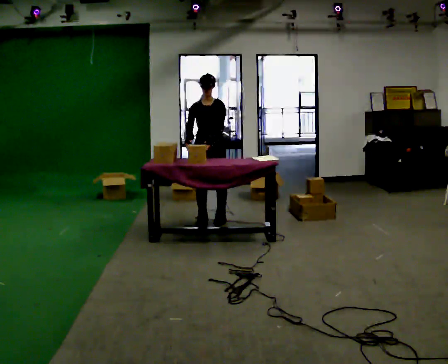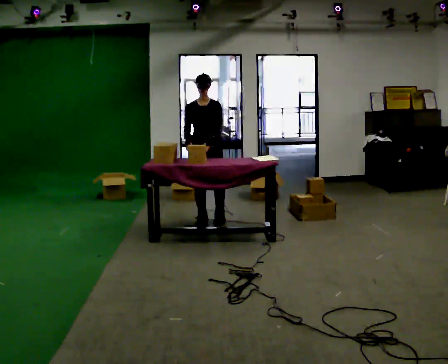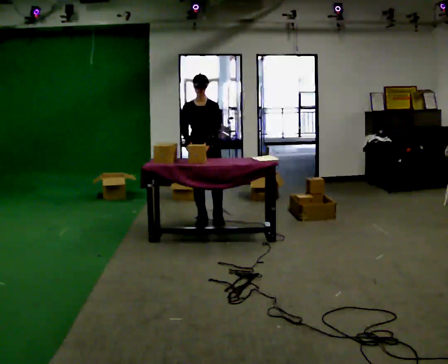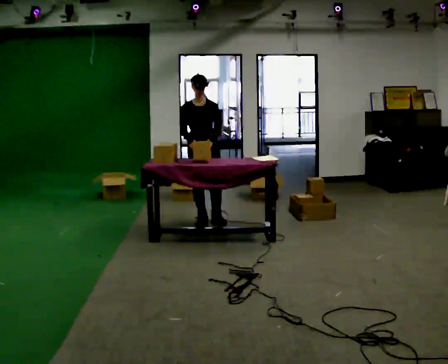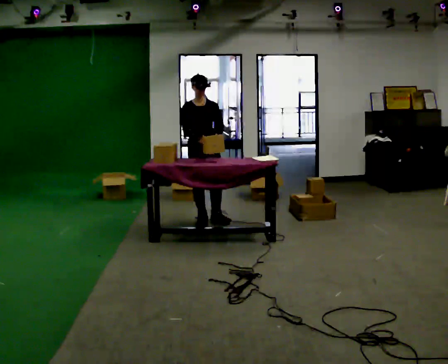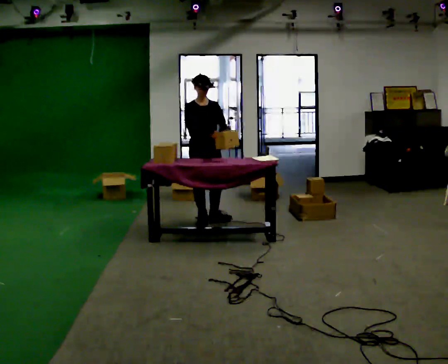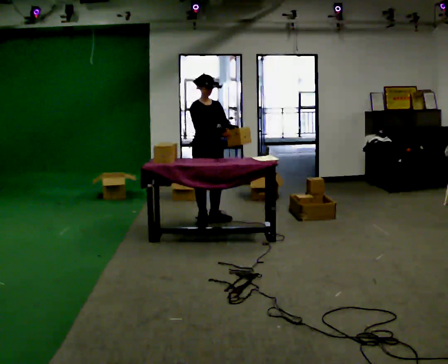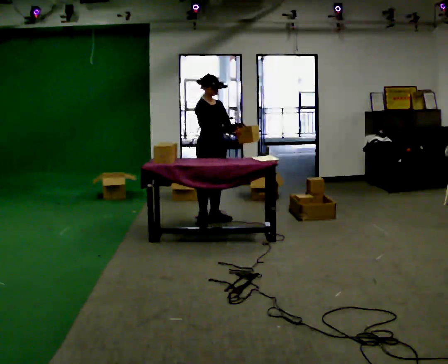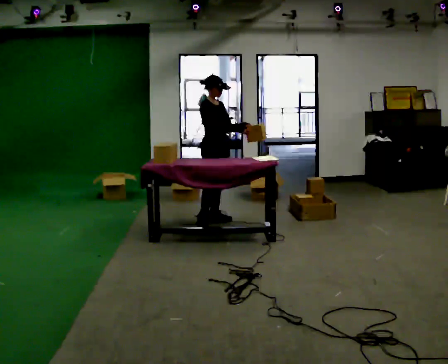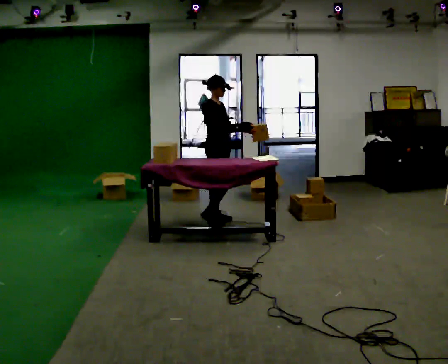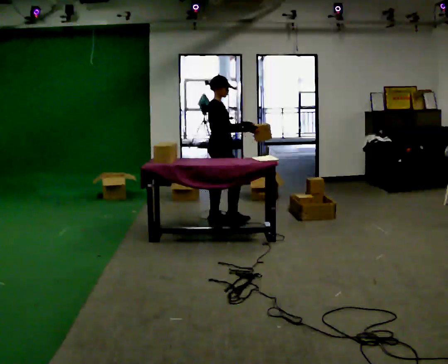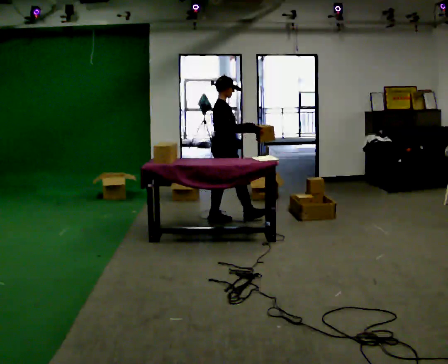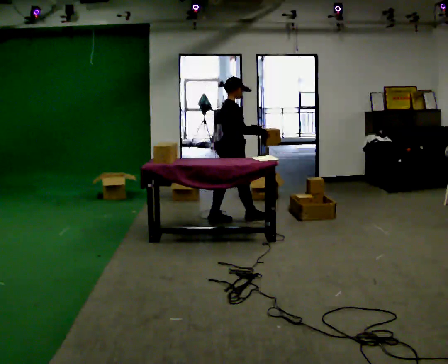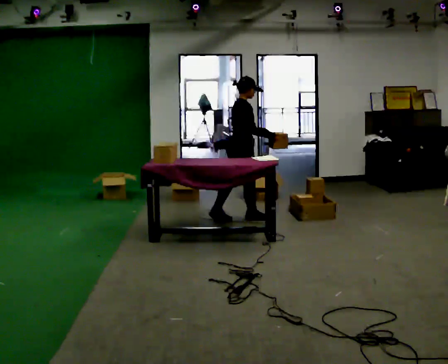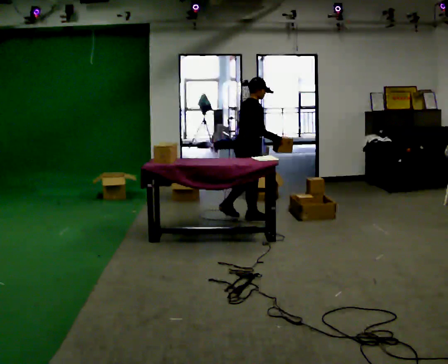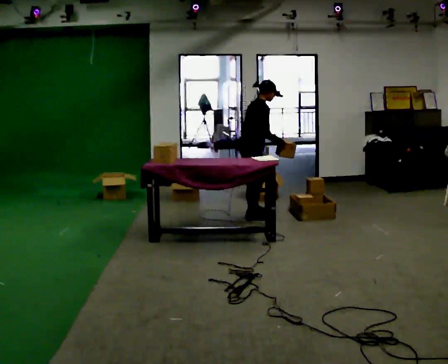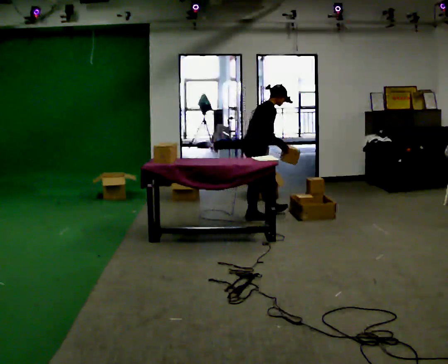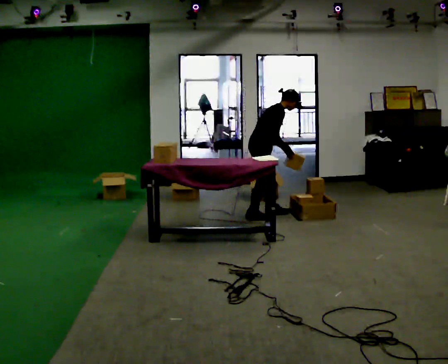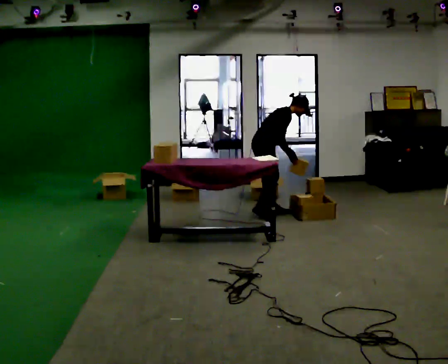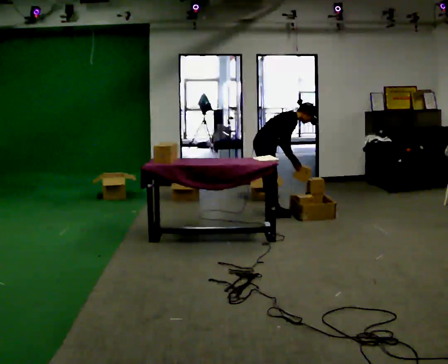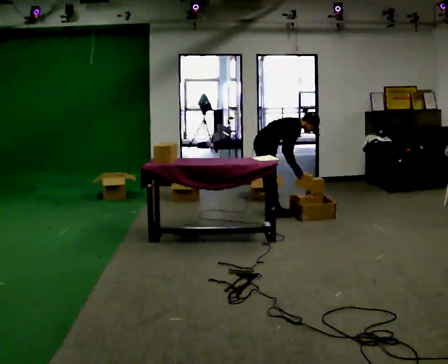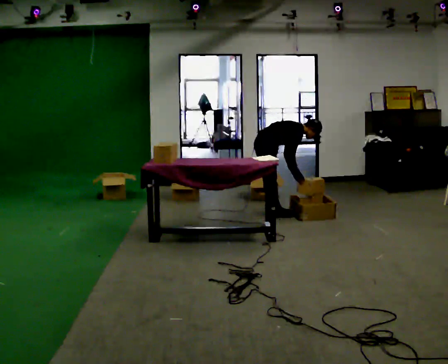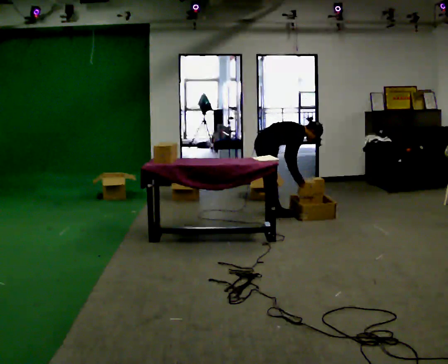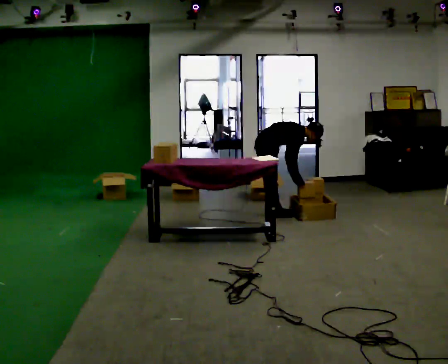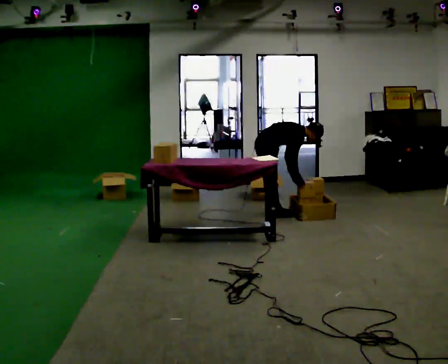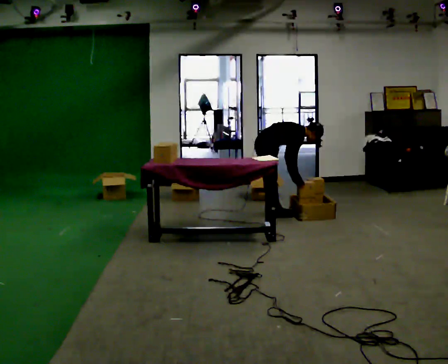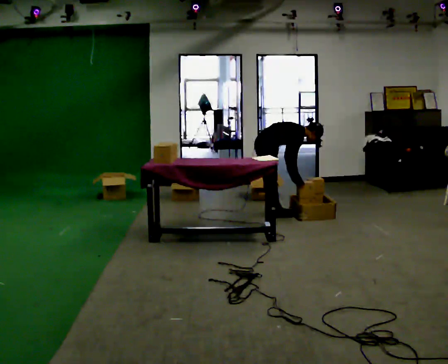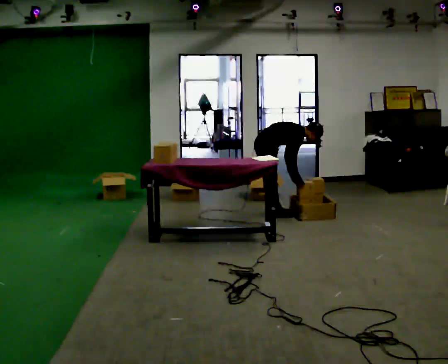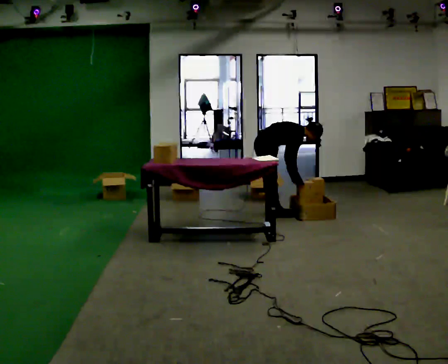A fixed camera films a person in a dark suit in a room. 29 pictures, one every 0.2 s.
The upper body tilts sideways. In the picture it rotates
clockwise.
The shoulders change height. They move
downward.
0.0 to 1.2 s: The person turns about 45 degrees to their left, counterclockwise seen from above, so the part of the body nearest the lens slides to the right.
1.2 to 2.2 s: The person turns about 60 degrees to their left, counterclockwise seen from above, so the part of the body nearest the lens slides to the right. In the picture they go to the right, about 0.25 m, which for them is forward and to their left.
2.2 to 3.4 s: In the picture they go to the right and away from the camera, about 0.5 m in 2 steps, which for them is forward. In the picture the upper body tilts clockwise, shoulders to the right, as they bend forward.
3.4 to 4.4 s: The upper body goes downward. In the picture the upper body tilts clockwise, shoulders to the right, as they bend forward. In the picture their left hand goes downward.
4.4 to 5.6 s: The person keeps their place and pose.
The film runs forward here.
